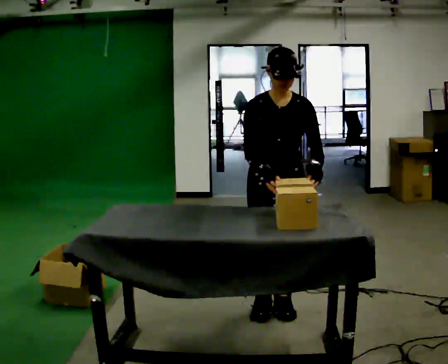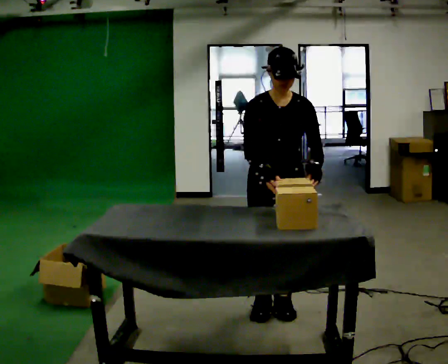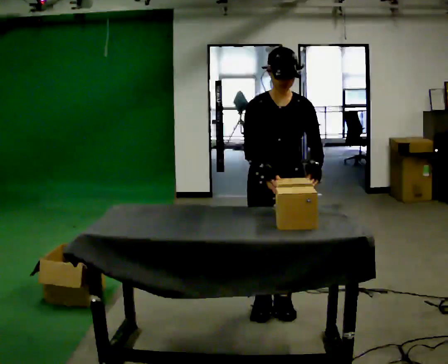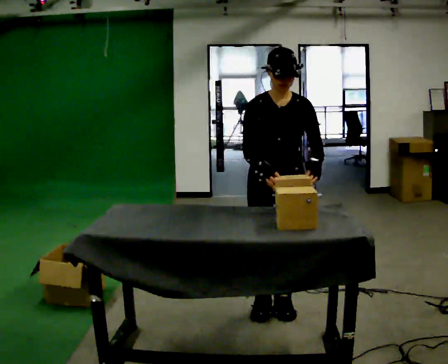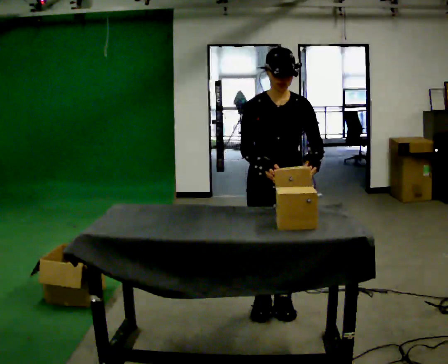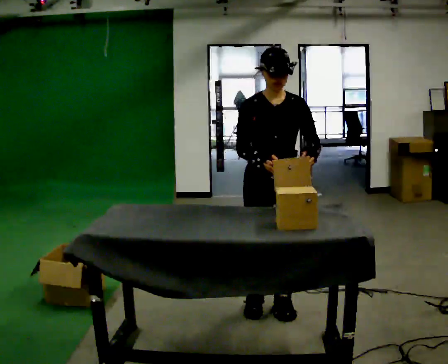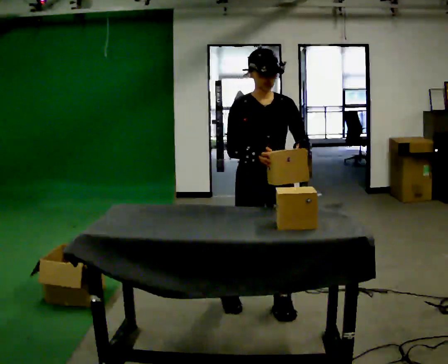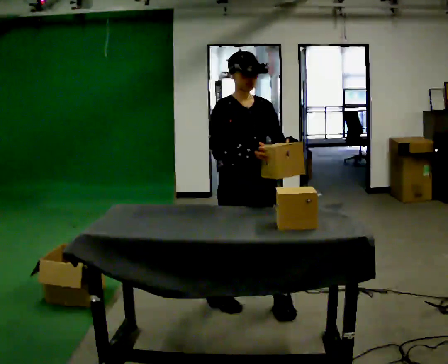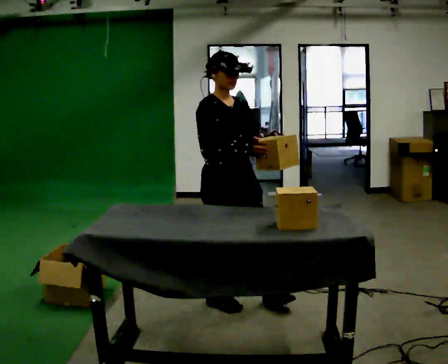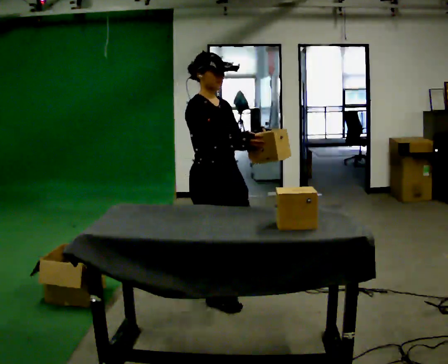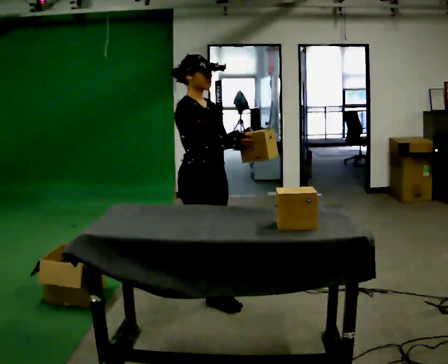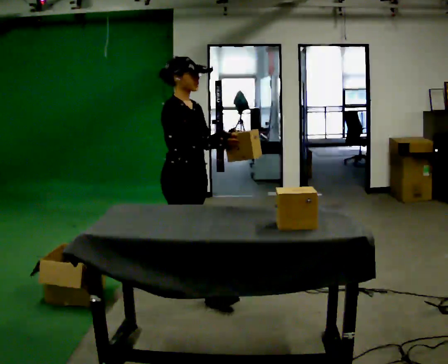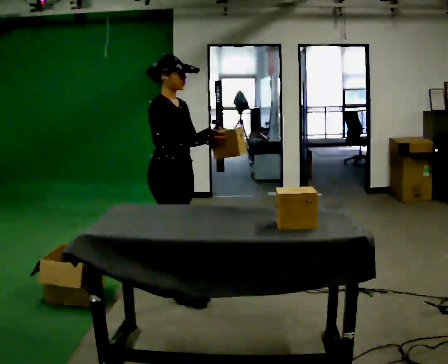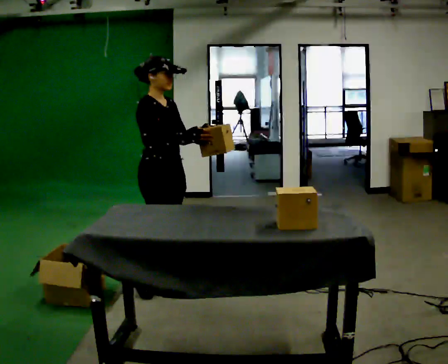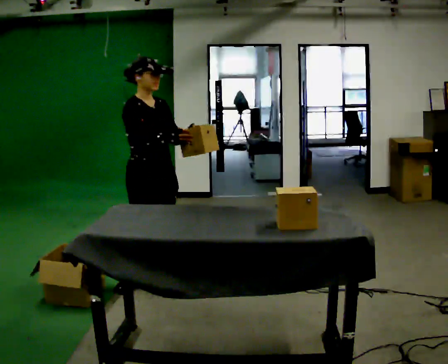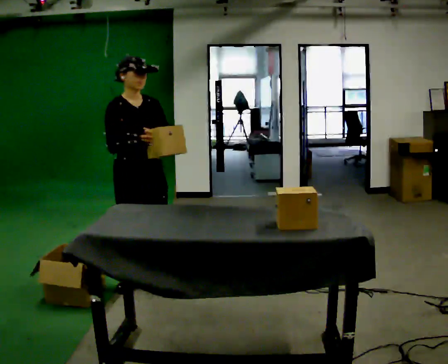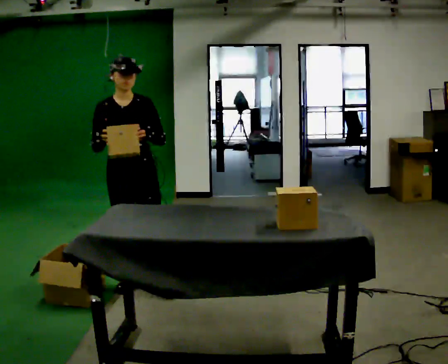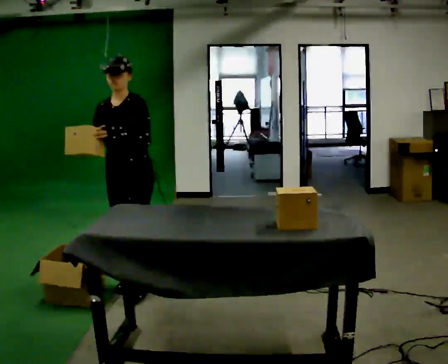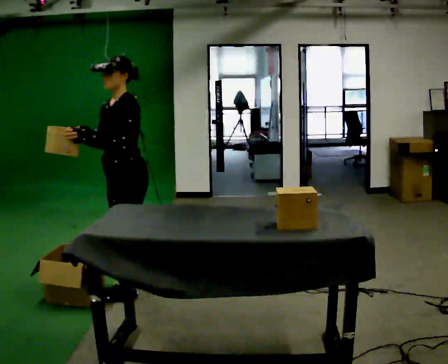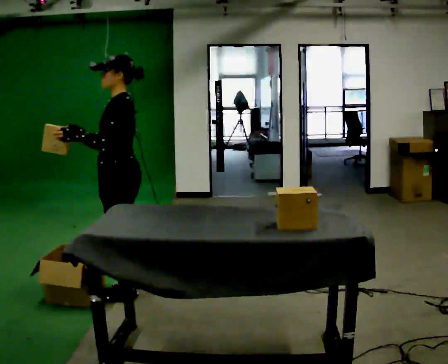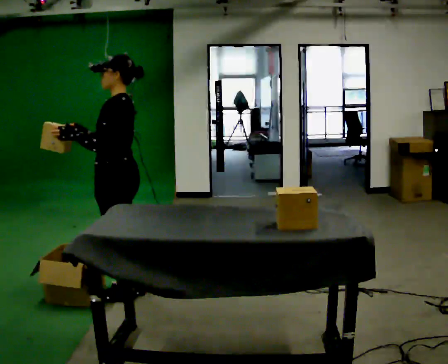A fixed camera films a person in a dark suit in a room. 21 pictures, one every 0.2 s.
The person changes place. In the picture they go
to the left.
0.0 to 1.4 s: The person turns about 30 degrees to their left, counterclockwise seen from above, so the part of the body nearest the lens slides to the right. In the picture they go to the left, about 0.25 m in 1 step, which for them is to their right.
1.4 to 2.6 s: The part of the body nearest the lens slides to the right as the person turns to their left by about 45 degrees. In the picture they go to the left and away from the camera, about 0.75 m in 2 steps, which for them is backward.
2.6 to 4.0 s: Seen from above the body turns clockwise, about 150 degrees: to their right, with its near side sliding to the left. In the picture they go to the left, about 0.25 m in 2 steps.
The film runs backward here.
